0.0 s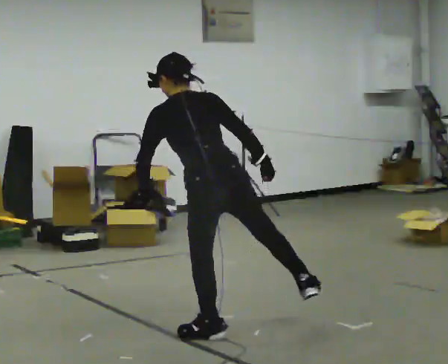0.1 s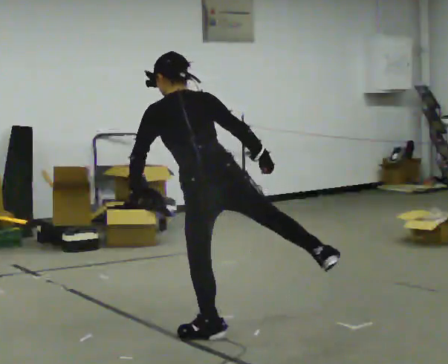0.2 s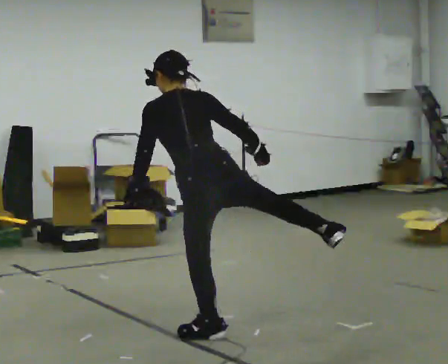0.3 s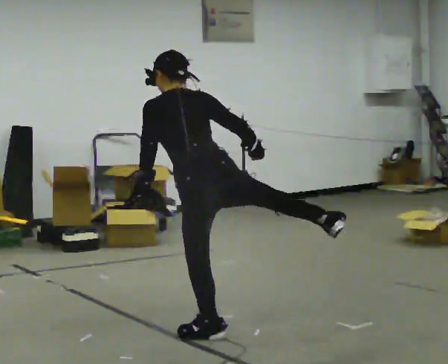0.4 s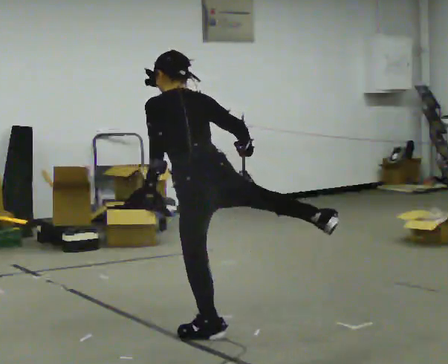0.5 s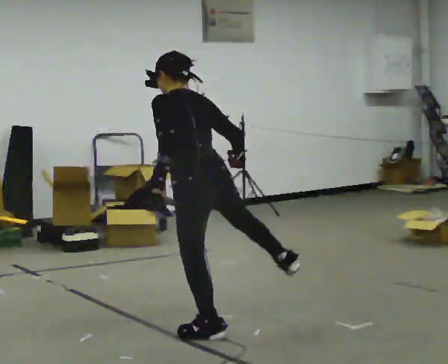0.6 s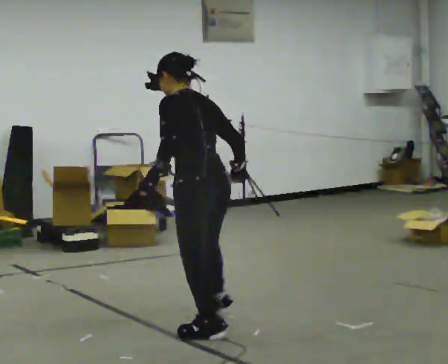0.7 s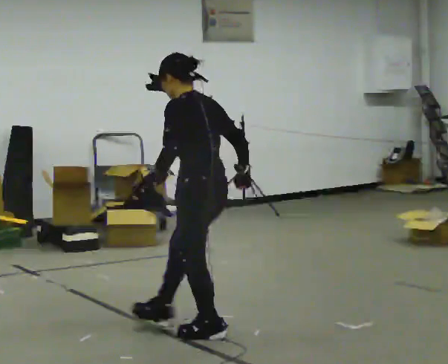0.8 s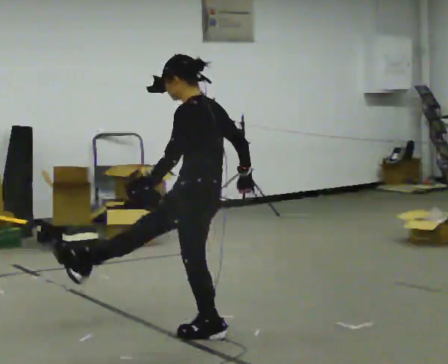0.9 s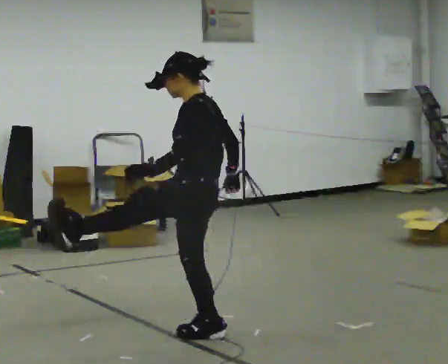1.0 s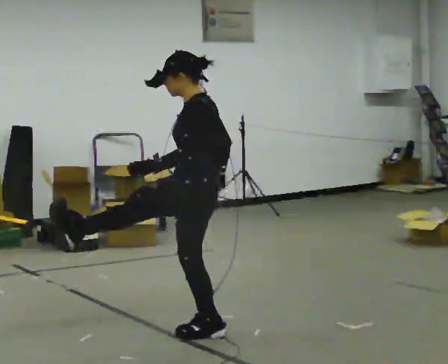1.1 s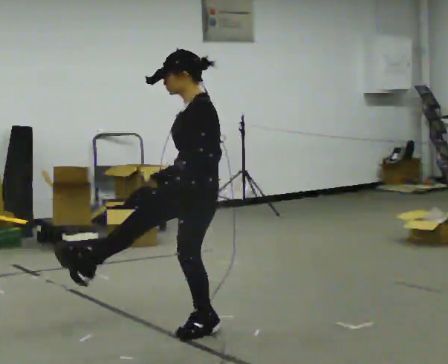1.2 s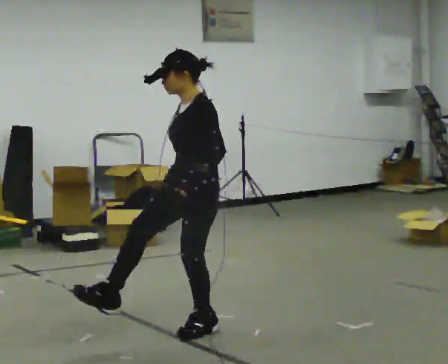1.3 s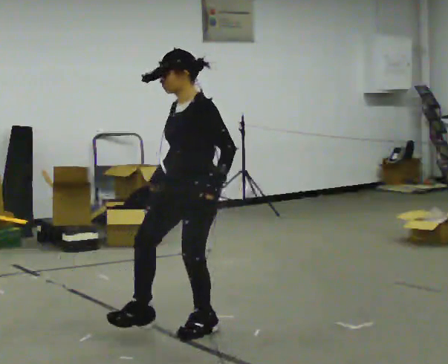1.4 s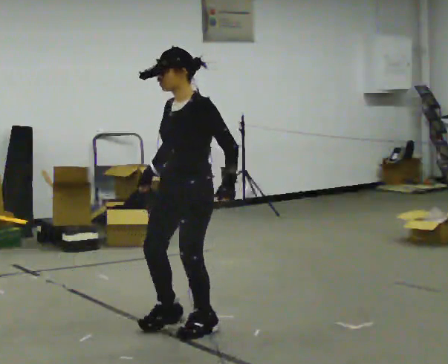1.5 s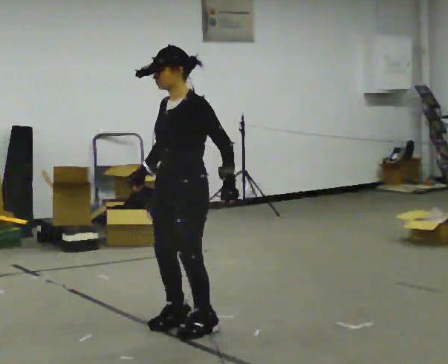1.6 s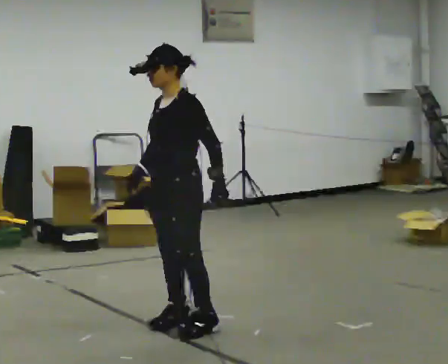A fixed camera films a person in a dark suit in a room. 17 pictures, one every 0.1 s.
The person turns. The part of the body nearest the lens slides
to the right.
The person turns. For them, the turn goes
to their left.
0.0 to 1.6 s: The person turns about 105 degrees to their left, counterclockwise seen from above, so the part of the body nearest the lens slides to the right. In the picture they go away from the camera and to the left, about 0.25 m in 1 step.
The film runs forward here.
